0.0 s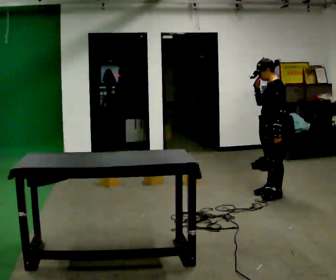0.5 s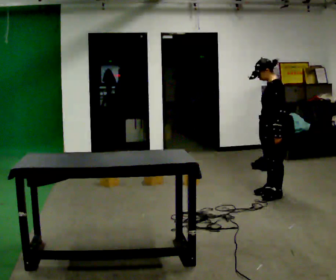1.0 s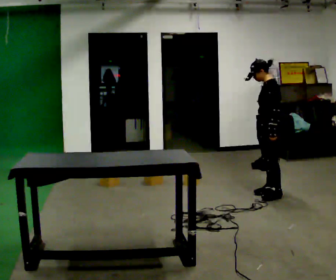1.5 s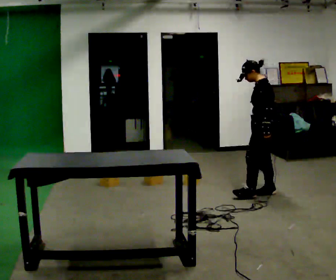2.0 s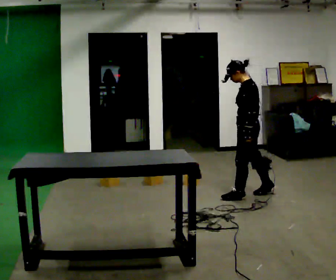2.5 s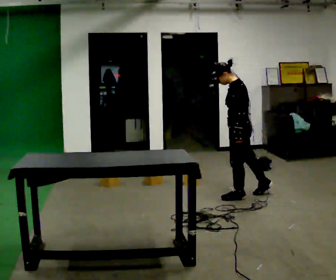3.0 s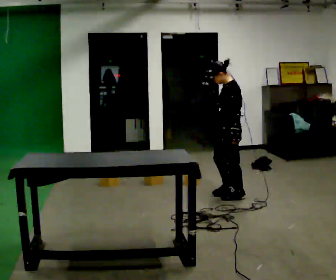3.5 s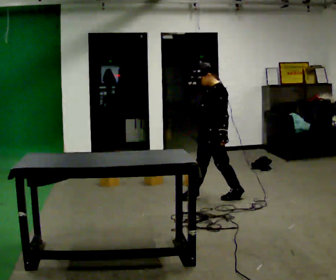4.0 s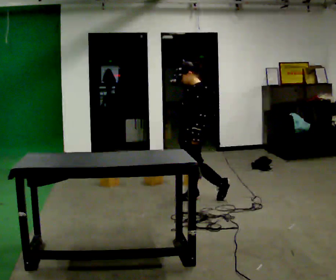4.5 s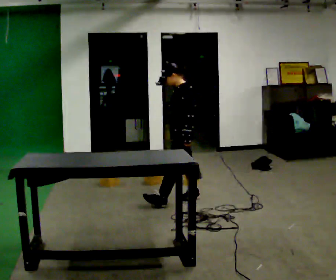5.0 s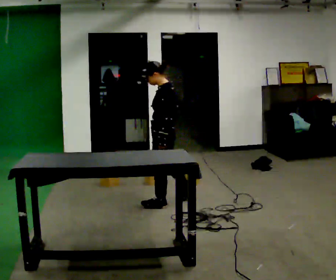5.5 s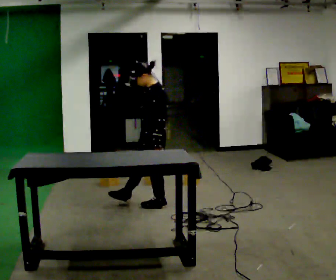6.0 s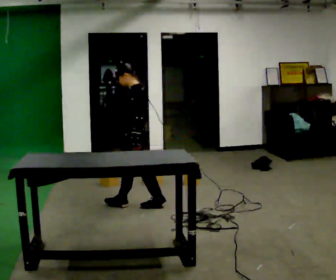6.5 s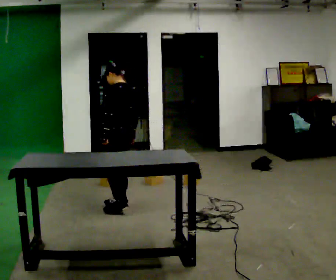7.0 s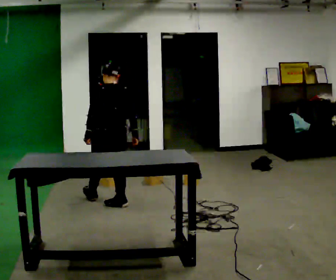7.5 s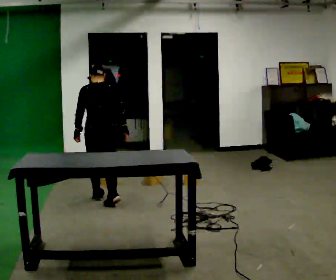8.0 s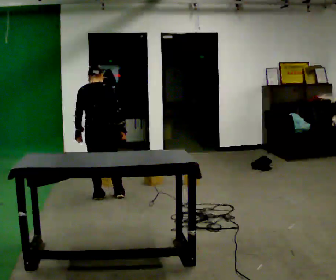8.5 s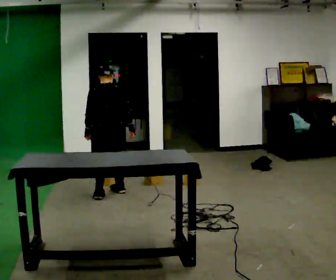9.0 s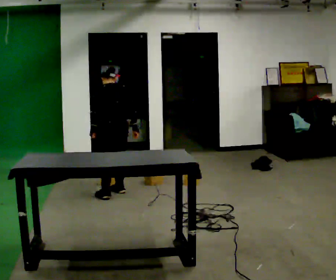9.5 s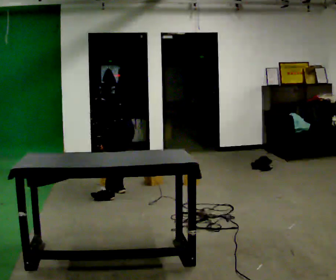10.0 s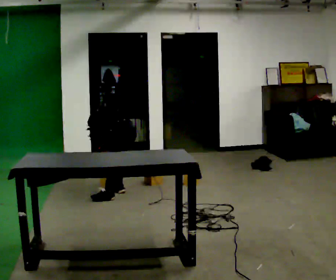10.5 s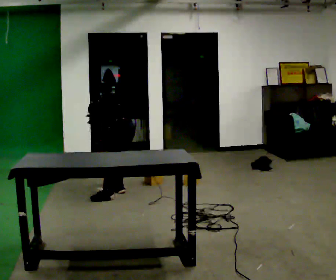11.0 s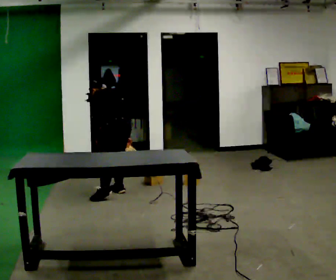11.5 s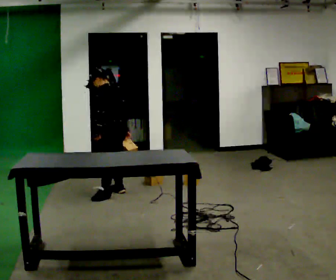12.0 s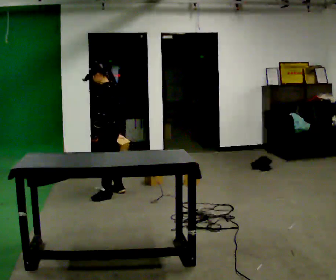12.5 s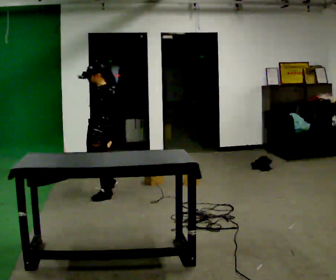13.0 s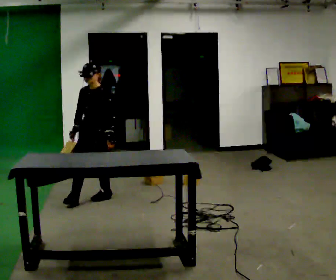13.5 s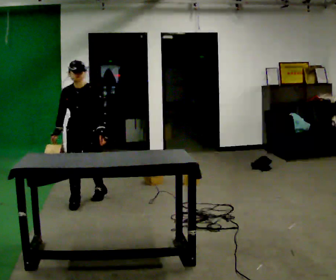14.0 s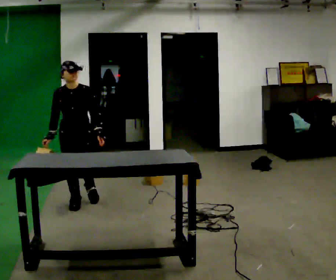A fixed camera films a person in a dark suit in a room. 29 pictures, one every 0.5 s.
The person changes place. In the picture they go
to the left.
0.0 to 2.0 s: In the picture they go to the left, about 0.25 m in 1 step, which for them is forward. In the picture their right hand goes downward.
2.0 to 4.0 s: The person turns about 30 degrees to their left, counterclockwise seen from above, so the part of the body nearest the lens slides to the right. In the picture they go to the left, about 0.5 m in 1 step, which for them is forward.
4.0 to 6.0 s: In the picture they go to the left, about 0.5 m in 2 steps, which for them is forward.
6.0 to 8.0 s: The person turns about 105 degrees to their right, clockwise seen from above, so the part of the body nearest the lens slides to the left. In the picture they go to the left and away from the camera, about 0.5 m in 1 step.
8.0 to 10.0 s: The part of the body nearest the lens slides to the right as the person turns to their left by about 60 degrees. In the picture they go to the right, about 0.25 m in 1 step. The shoulders move downward. The upper body tips away from the camera, its near side rolling upward, as they bend forward. In the picture their right hand goes downward.
10.0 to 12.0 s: In the picture they go to the left, about 0.25 m, which for them is forward. The shoulders move upward. The upper body tips toward the camera, its near side rolling downward, as they lean back or straighten. In the picture their right hand goes upward.
12.0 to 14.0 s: The person turns about 105 degrees to their left, counterclockwise seen from above, so the part of the body nearest the lens slides to the right. In the picture they go toward the camera and to the left, about 0.5 m in 1 step.
The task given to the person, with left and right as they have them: Pick an object up off the floor at one end of the room, carry it across, and place it on the waist-height shelf at the other end. Keep going until the operator says stop; one object at a time, and do not rush between trips.
The film runs forward here.
